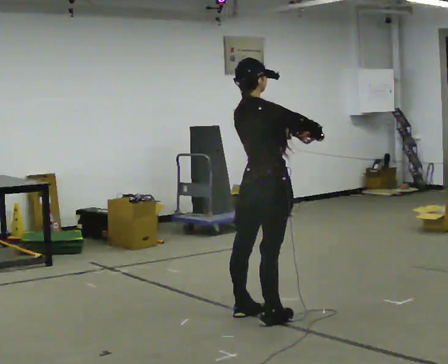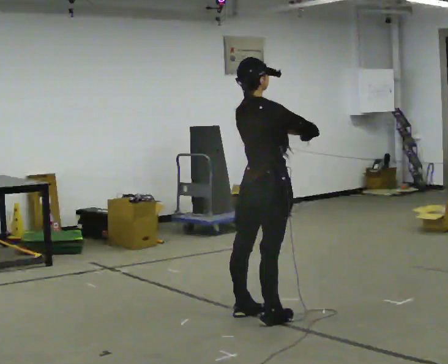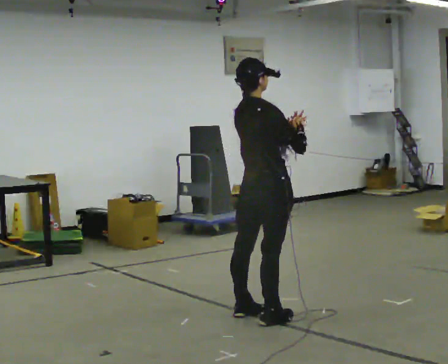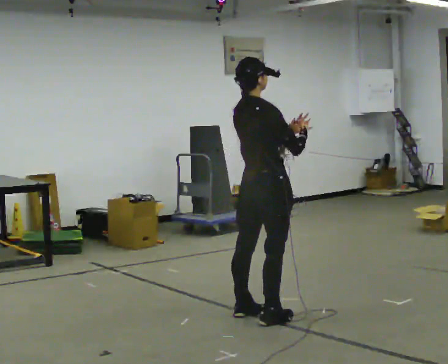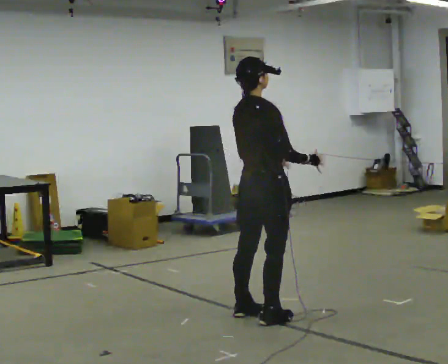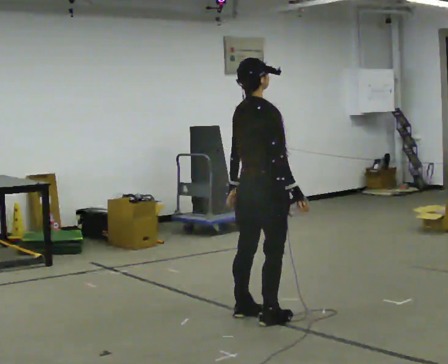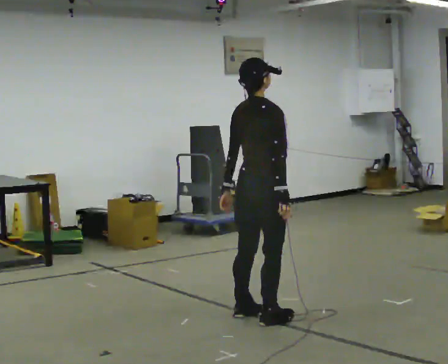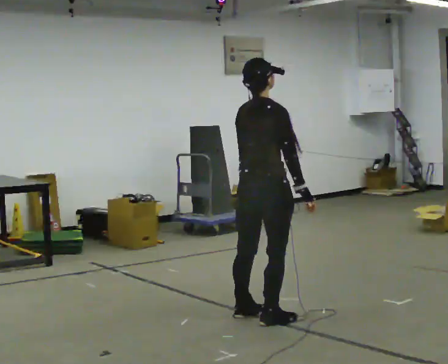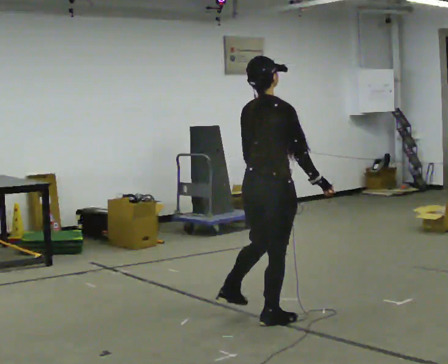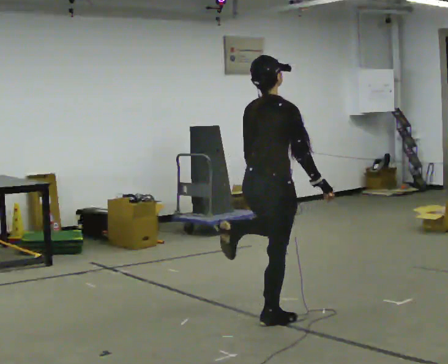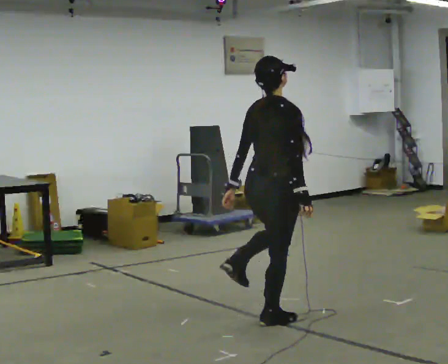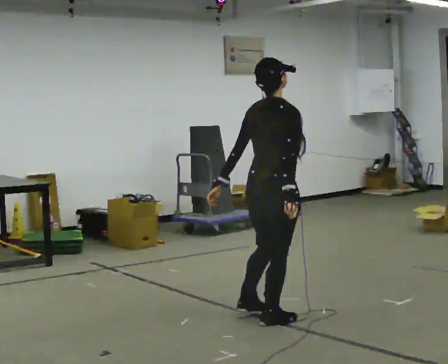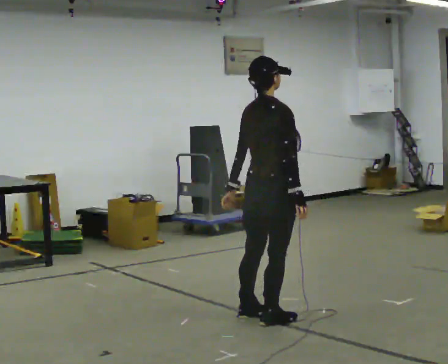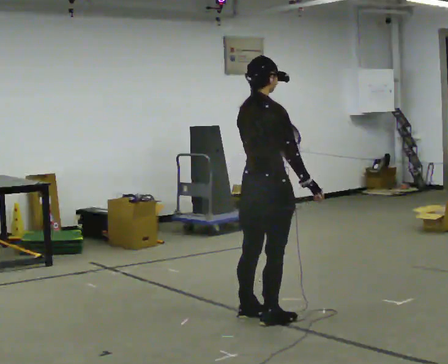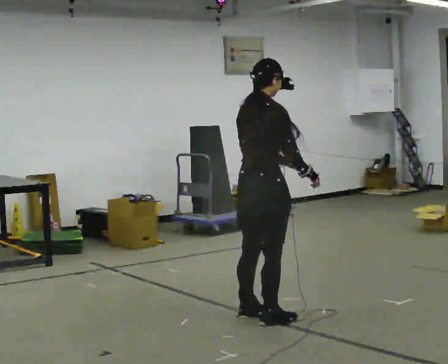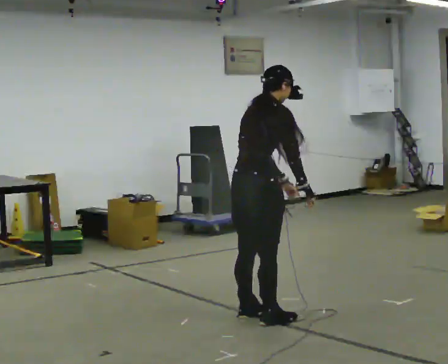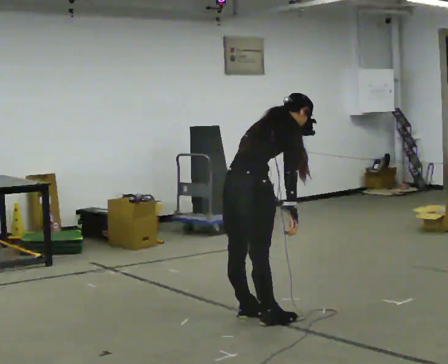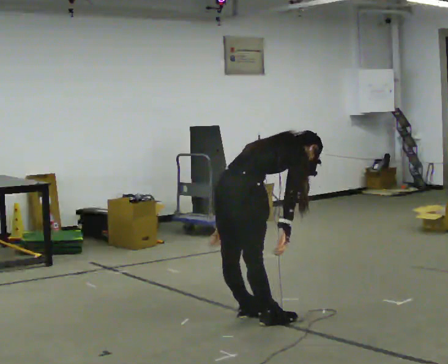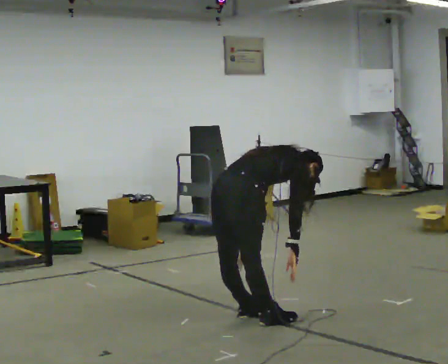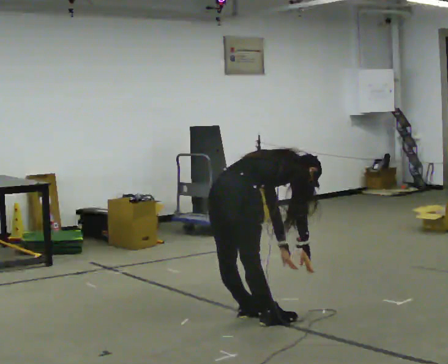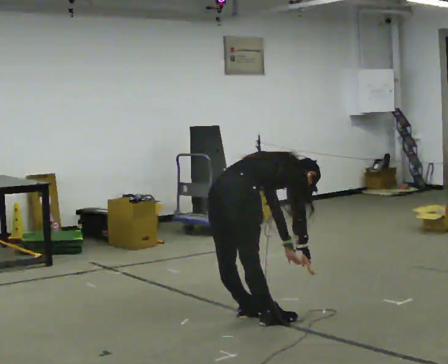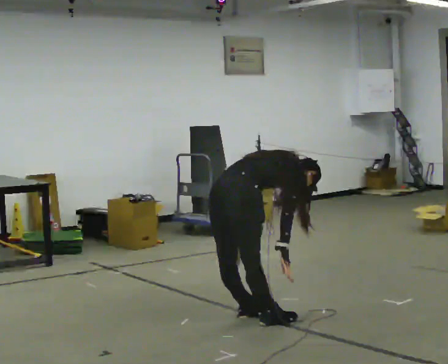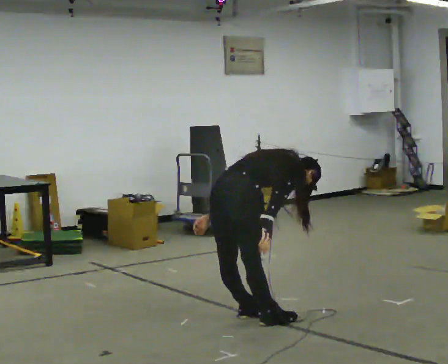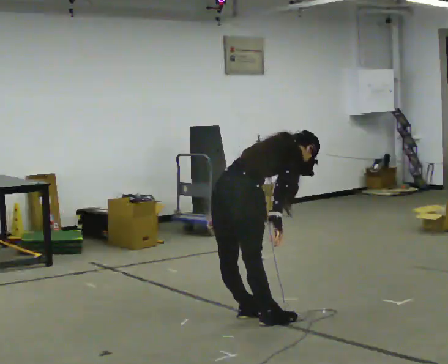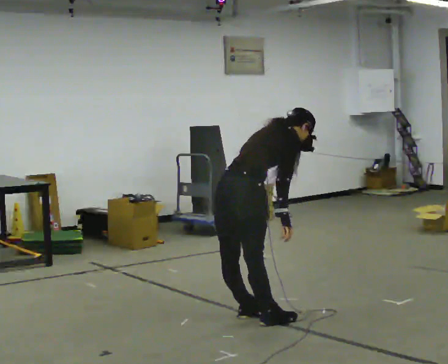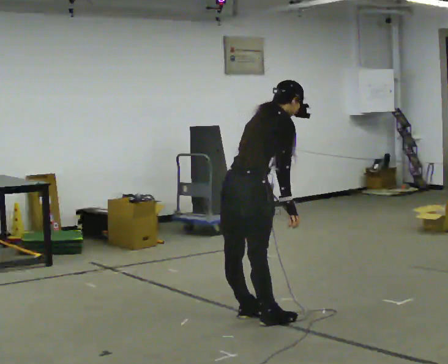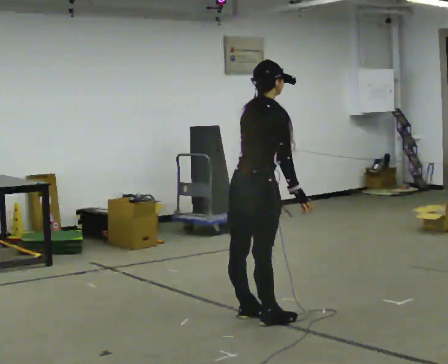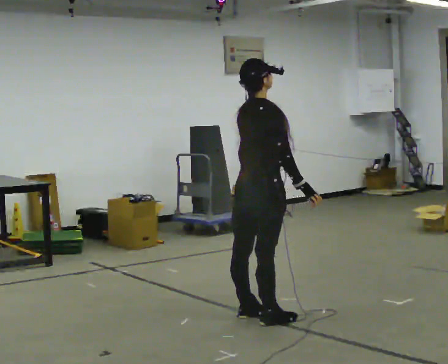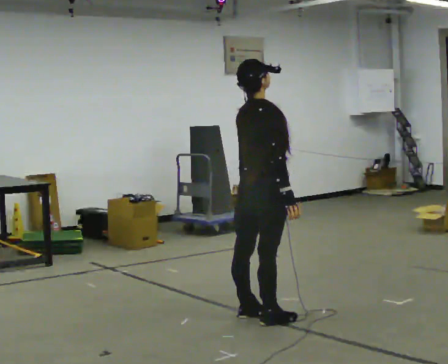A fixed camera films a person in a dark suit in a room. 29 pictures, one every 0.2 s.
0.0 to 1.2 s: In the picture their left hand goes to the left and downward.
1.2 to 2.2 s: The person moves a little, or ends about where they began.
2.2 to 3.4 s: In the picture they go to the left, about 0.25 m, which for them is backward. The shoulders move downward. In the picture the upper body tilts clockwise, shoulders to the right, as they bend forward.
3.4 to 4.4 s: The shoulders move downward. The upper body tips away from the camera, its near side rolling upward, as they bend forward.
4.4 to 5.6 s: The shoulders move upward. In the picture the upper body tilts counterclockwise, shoulders to the left, as they lean back or straighten. In the picture their left hand goes upward.
The film runs backward here.
